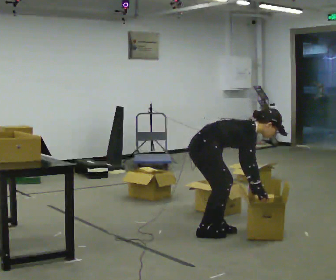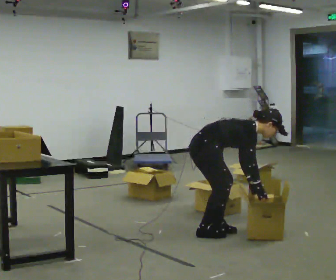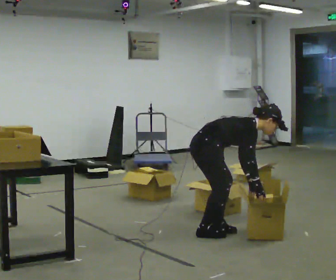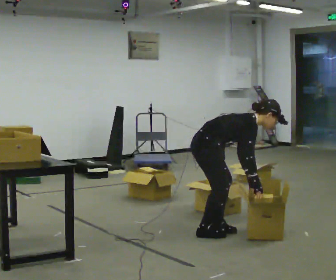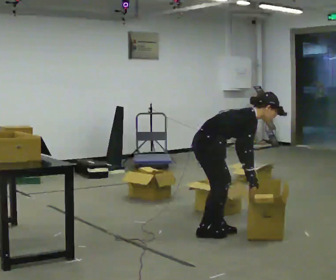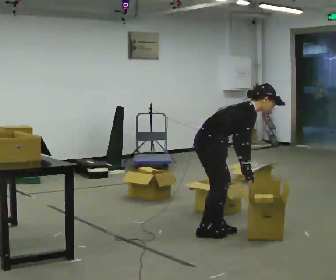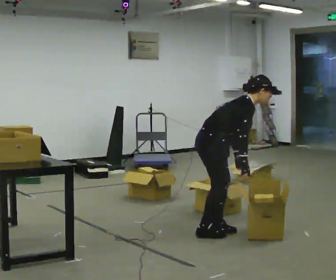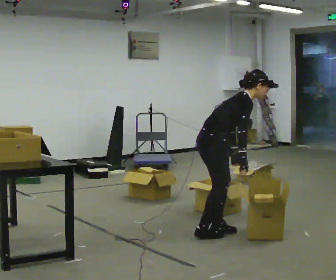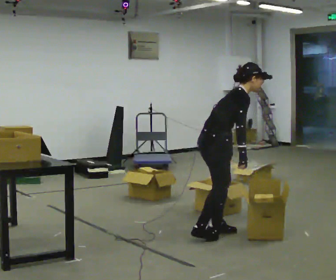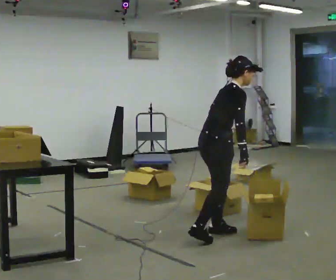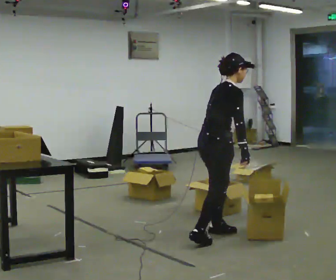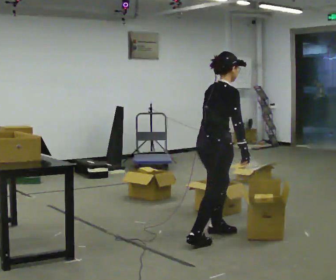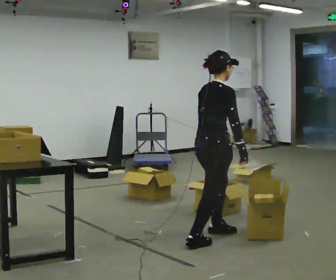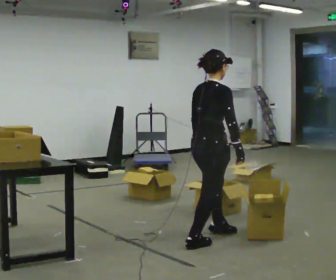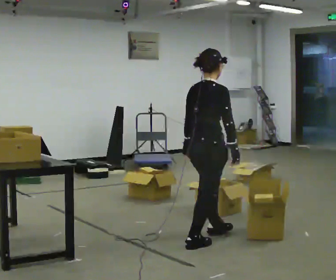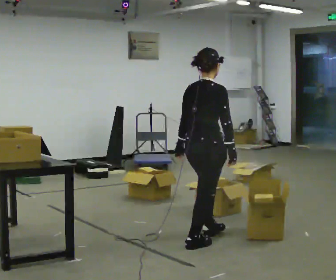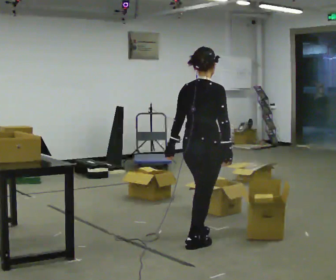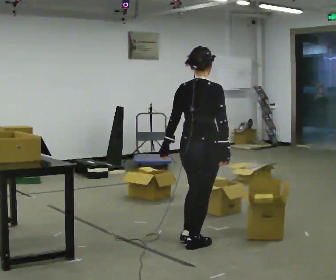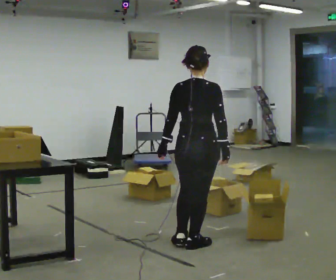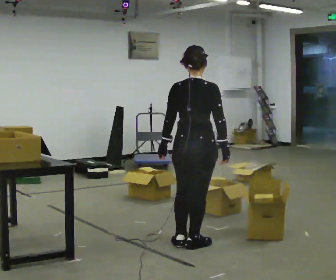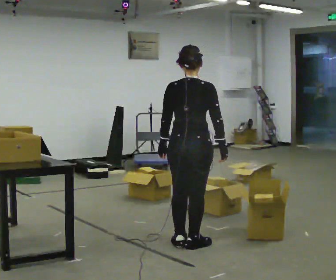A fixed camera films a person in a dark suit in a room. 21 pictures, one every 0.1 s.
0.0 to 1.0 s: The shoulders move upward. In the picture the upper body tilts counterclockwise, shoulders to the left, as they lean back or straighten. In the picture their left hand goes upward and to the left.
1.0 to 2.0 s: The person turns about 60 degrees to their left, counterclockwise seen from above, so the part of the body nearest the lens slides to the right. In the picture they go toward the camera and to the left, about 0.25 m in 1 step, which for them is backward. In the picture the upper body tilts counterclockwise, shoulders to the left, as they lean back or straighten.
The film runs forward here.
